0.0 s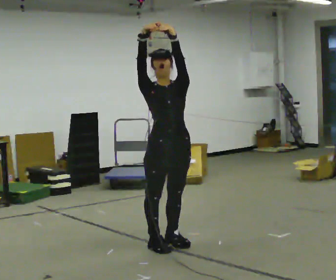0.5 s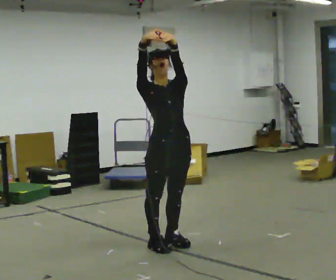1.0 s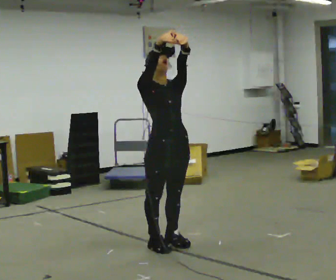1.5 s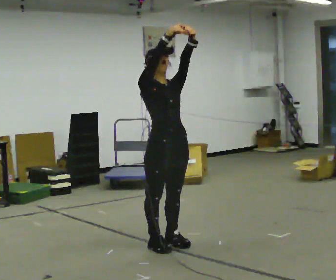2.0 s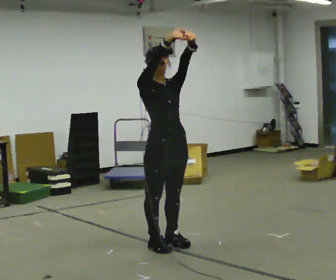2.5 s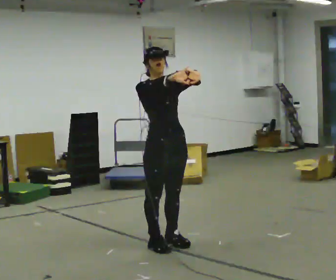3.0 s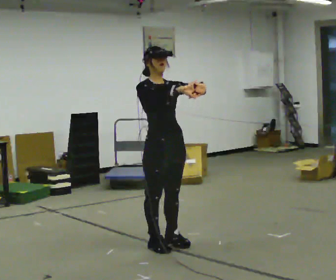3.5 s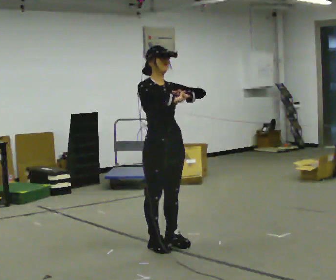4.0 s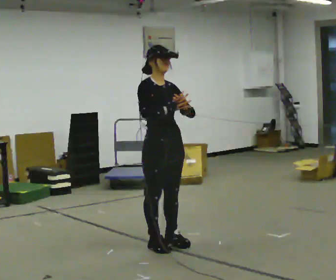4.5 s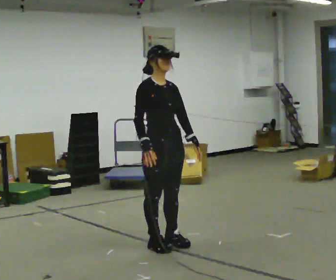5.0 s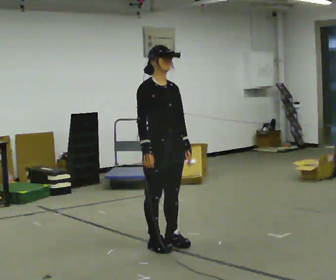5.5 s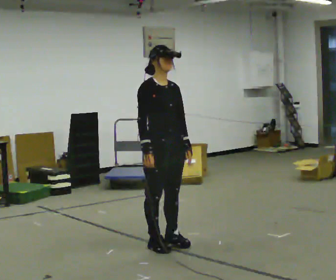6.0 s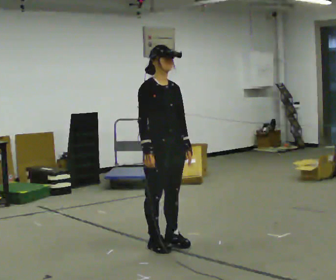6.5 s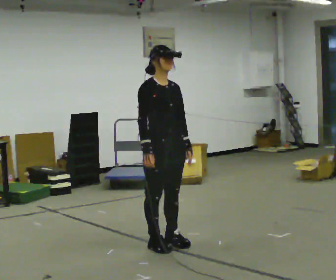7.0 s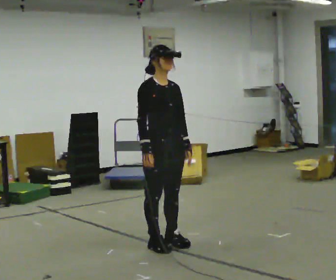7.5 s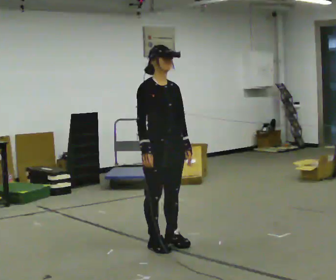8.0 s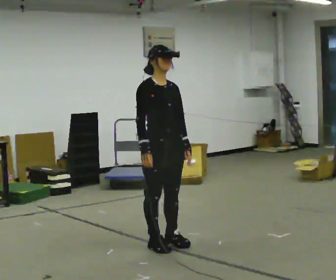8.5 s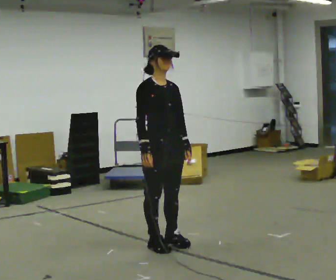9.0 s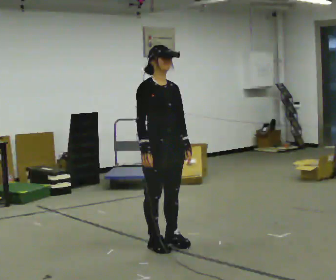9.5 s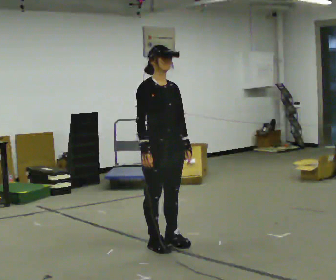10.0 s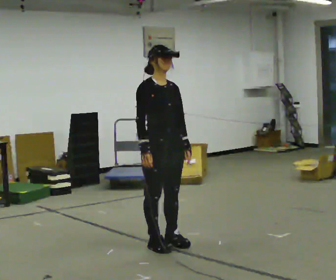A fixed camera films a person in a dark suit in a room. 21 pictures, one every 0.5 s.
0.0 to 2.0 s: The person moves a little, or ends about where they began.
2.0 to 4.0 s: In the picture their left hand goes downward.
4.0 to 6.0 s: In the picture their left hand goes downward.
6.0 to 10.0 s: The person keeps their place and pose.
The film runs backward here.
